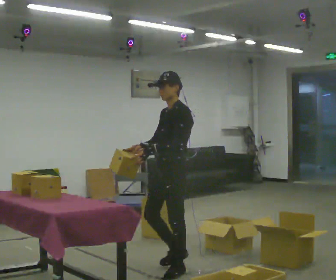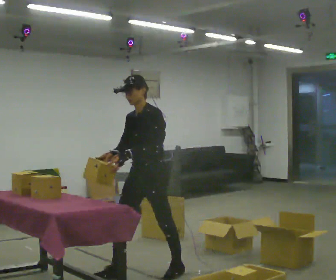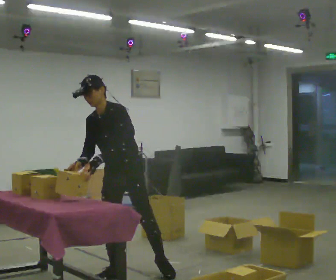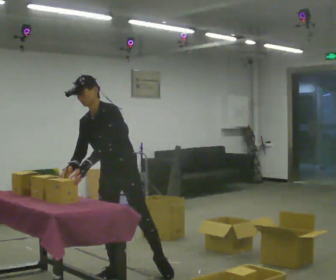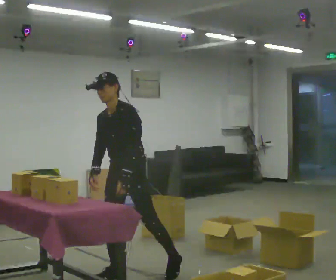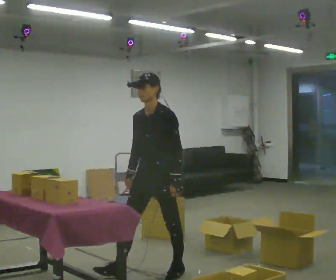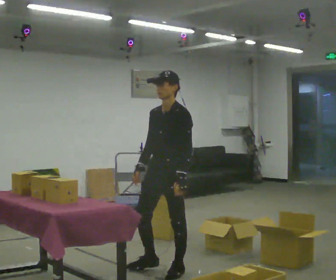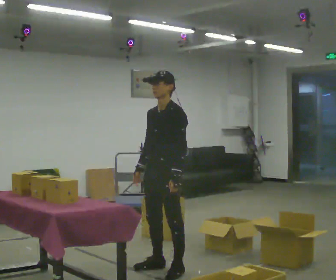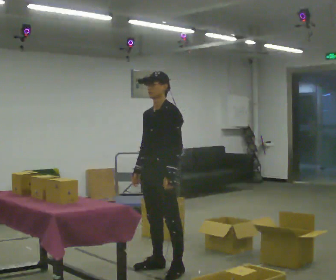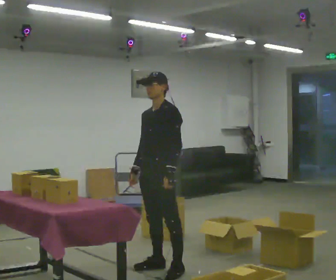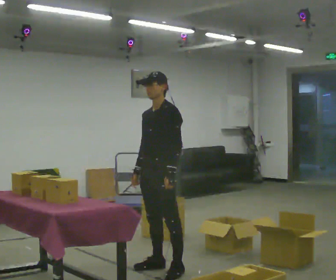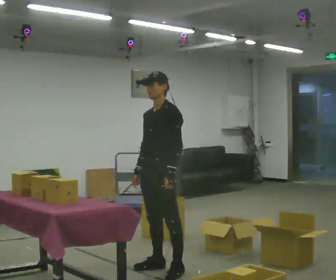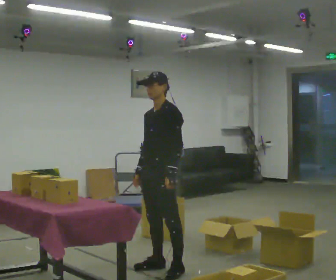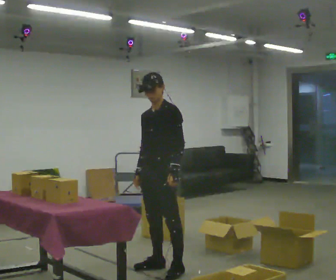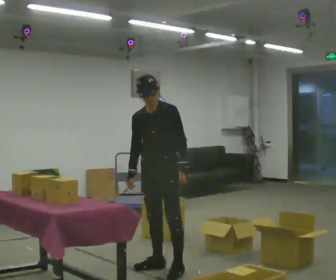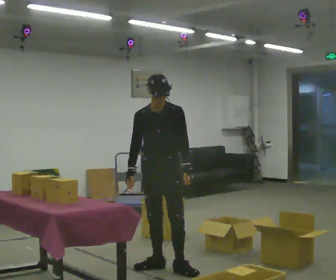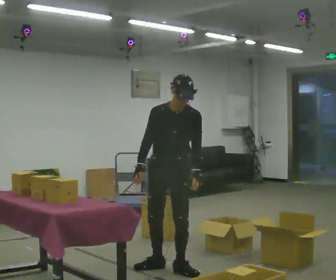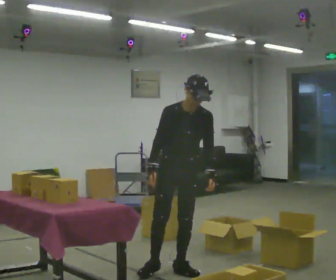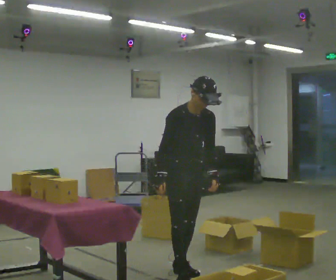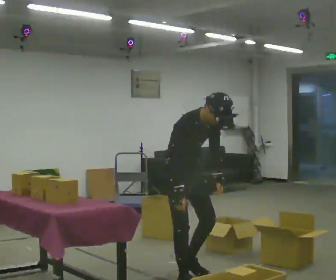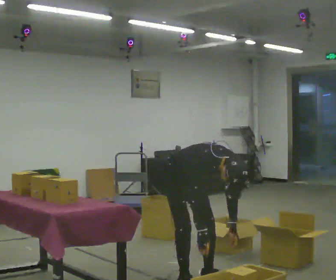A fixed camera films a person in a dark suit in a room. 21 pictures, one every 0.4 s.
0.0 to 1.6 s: The part of the body nearest the lens slides to the right as the person turns to their left by about 30 degrees. In the picture they go to the left, about 0.5 m in 2 steps, which for them is to their right and forward.
1.6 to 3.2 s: In the picture they go to the right and away from the camera, about 0.25 m in 2 steps, which for them is backward. In the picture the upper body tilts clockwise, shoulders to the right, as they lean back or straighten.
3.2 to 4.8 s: The person moves a little, or ends about where they began.
4.8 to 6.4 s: The person turns about 45 degrees to their left, counterclockwise seen from above, so the part of the body nearest the lens slides to the right.
6.4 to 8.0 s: The part of the body nearest the lens slides to the right as the person turns to their left by about 45 degrees. In the picture they go toward the camera, about 0.25 m in 2 steps, which for them is forward. The shoulders move downward. The upper body tips toward the camera, its near side rolling downward, as they bend forward. In the picture their right hand goes downward.
The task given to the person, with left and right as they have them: Take the objects from the bin one at a time and put one in each of the places the operator points out. Keep going until the operator says stop; one object at a time, and do not rush between trips.
The film runs forward here.
